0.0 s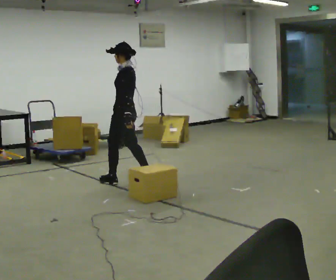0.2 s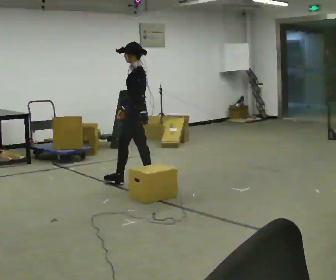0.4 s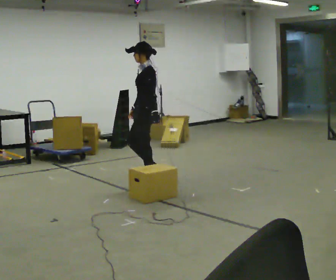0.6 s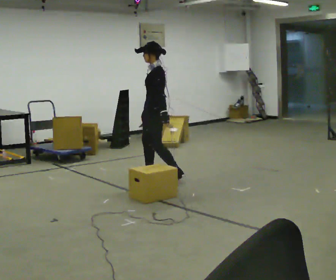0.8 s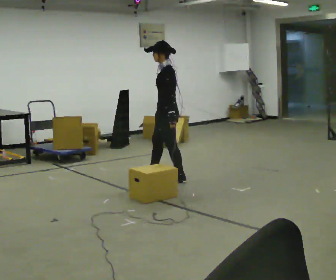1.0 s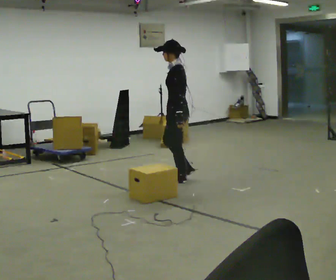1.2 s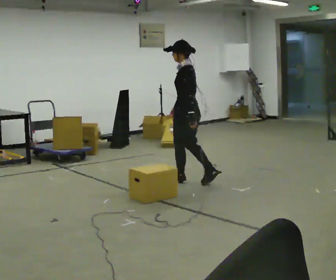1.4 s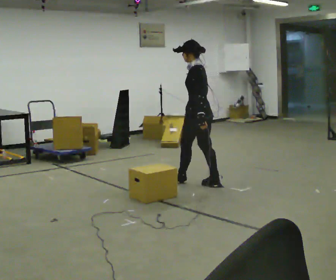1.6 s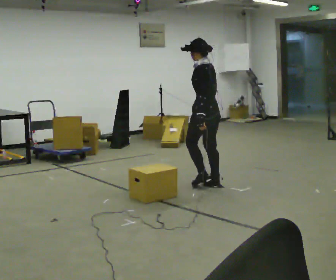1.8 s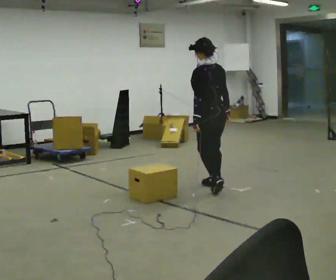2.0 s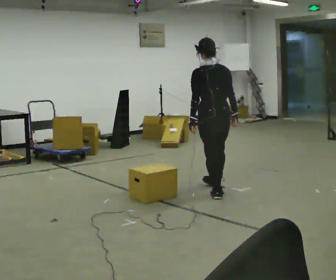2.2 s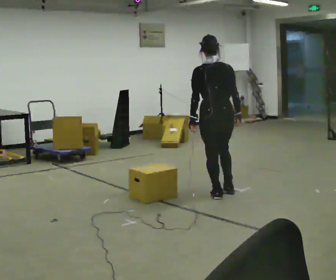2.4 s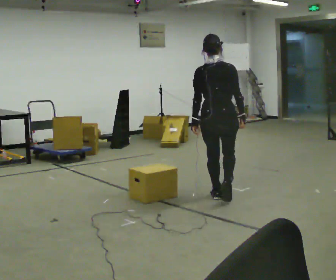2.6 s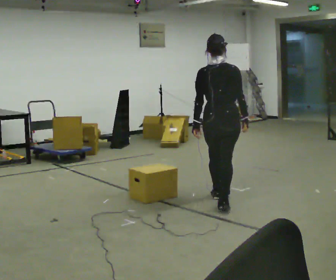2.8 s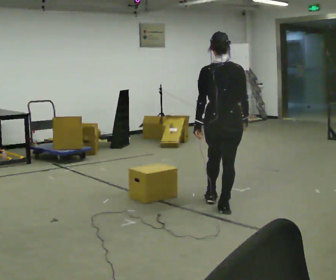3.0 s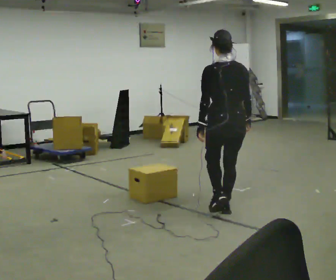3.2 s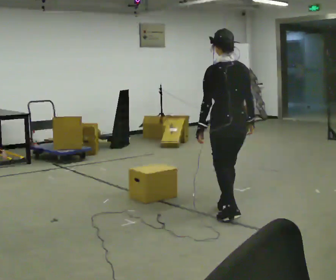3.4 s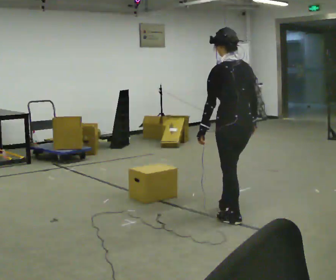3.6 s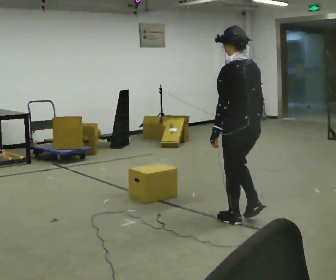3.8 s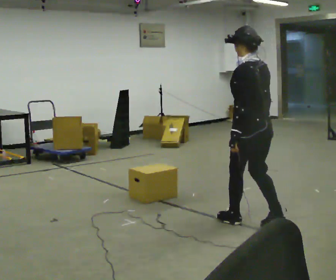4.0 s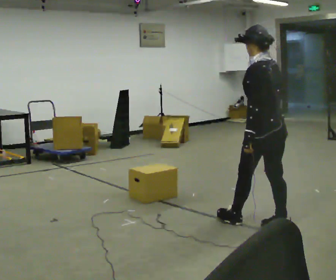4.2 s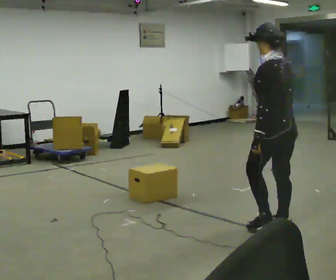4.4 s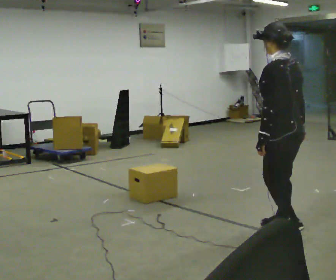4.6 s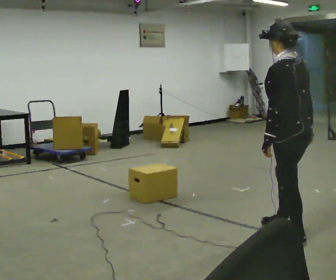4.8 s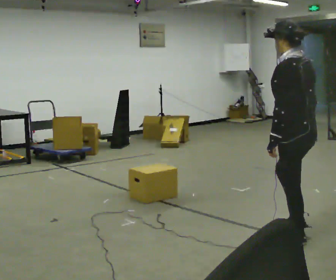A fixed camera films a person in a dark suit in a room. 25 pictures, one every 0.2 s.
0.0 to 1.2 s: In the picture they go to the right, about 0.5 m in 2 steps, which for them is backward.
1.2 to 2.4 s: Seen from above the body turns clockwise, about 75 degrees: to their right, with its near side sliding to the left. In the picture they go toward the camera and to the right, about 1 m in 2 steps.
2.4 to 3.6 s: The person turns about 45 degrees to their left, counterclockwise seen from above, so the part of the body nearest the lens slides to the right. In the picture they go toward the camera, about 0.5 m in 2 steps, which for them is backward.
3.6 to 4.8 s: In the picture they go toward the camera and to the right, about 0.5 m in 2 steps, which for them is backward.
The film runs backward here.
